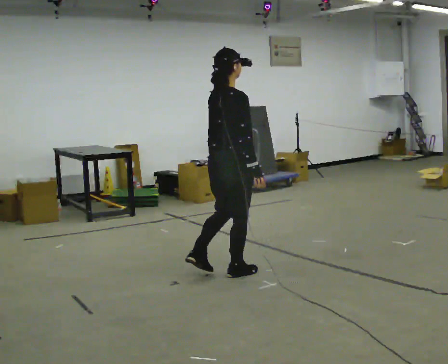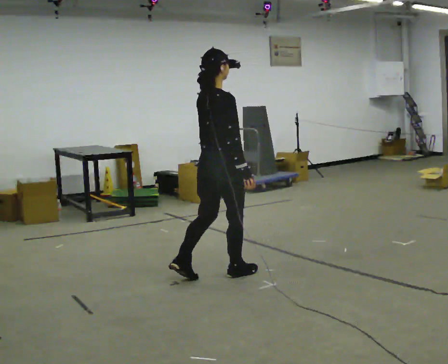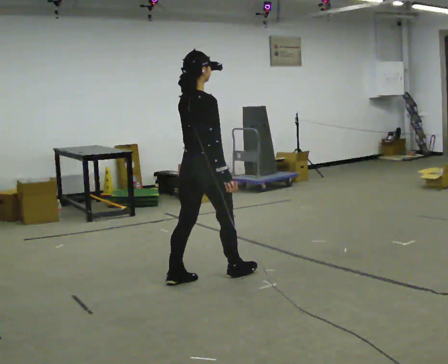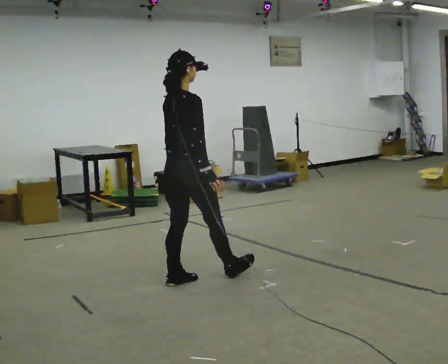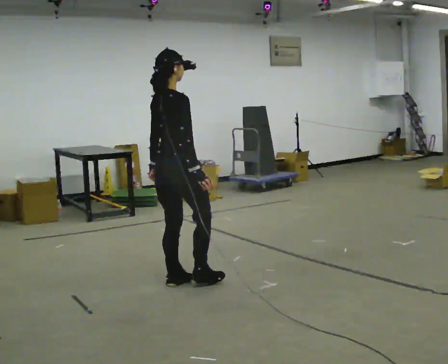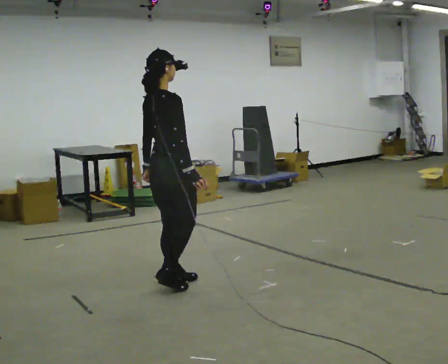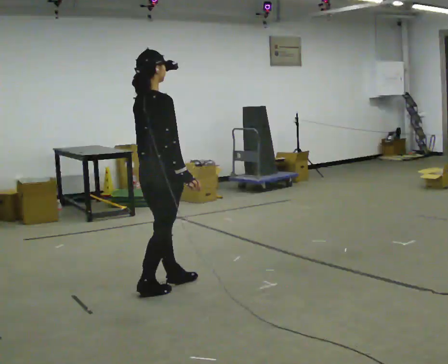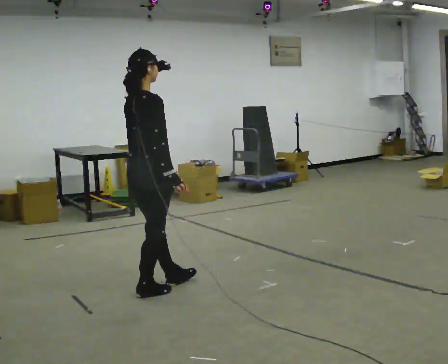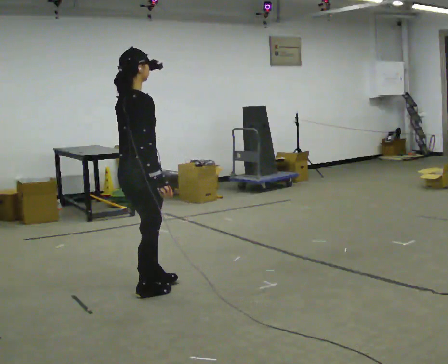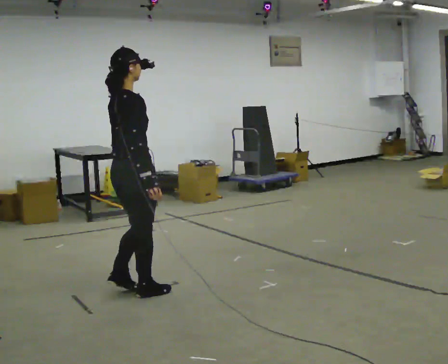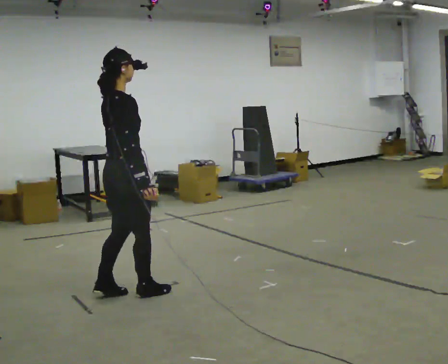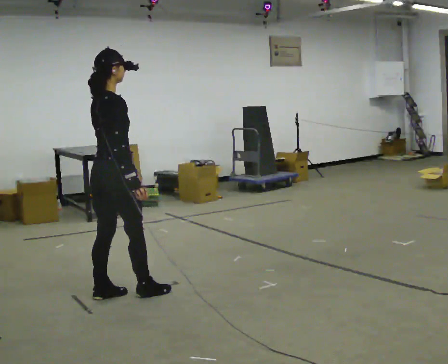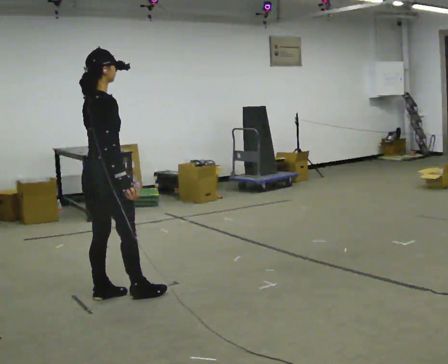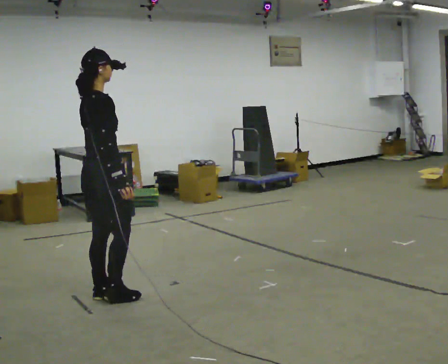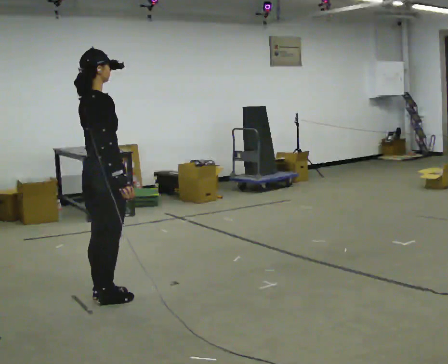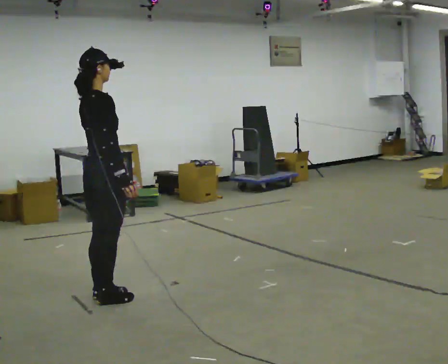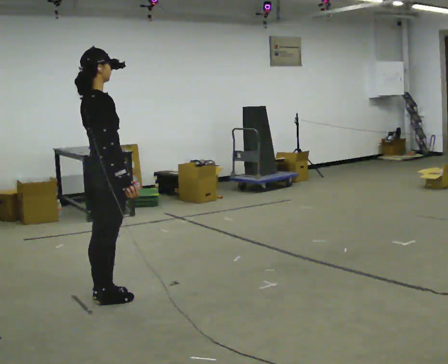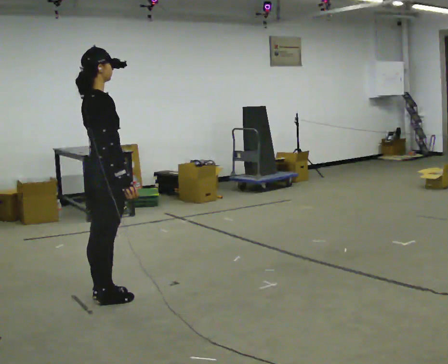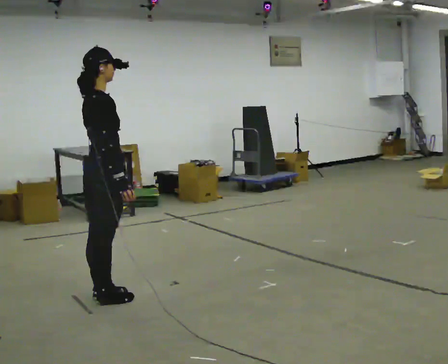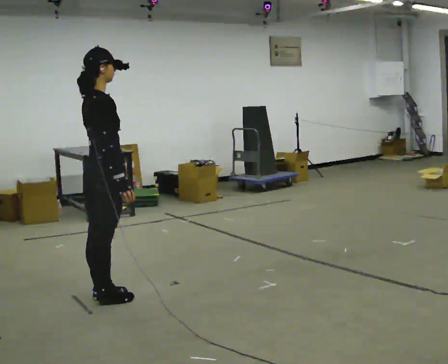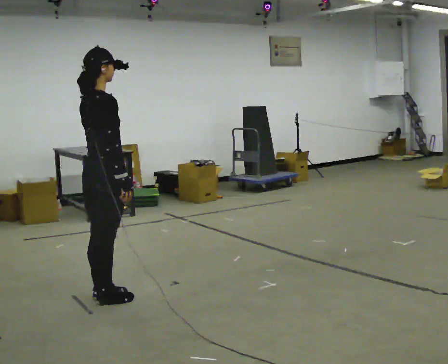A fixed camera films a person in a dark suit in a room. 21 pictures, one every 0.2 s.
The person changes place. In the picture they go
to the left.
0.0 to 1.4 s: In the picture they go to the left and toward the camera, about 0.75 m in 2 steps, which for them is backward.
1.4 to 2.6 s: In the picture they go to the left, about 0.25 m in 1 step, which for them is backward.
2.6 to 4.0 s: The person moves a little, or ends about where they began.
The film runs forward here.
